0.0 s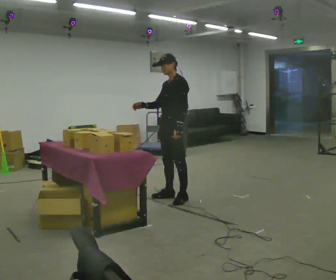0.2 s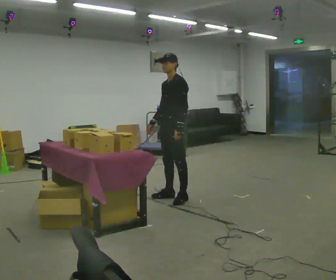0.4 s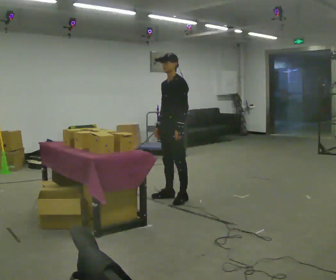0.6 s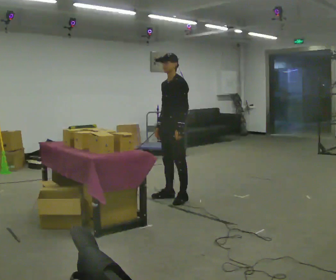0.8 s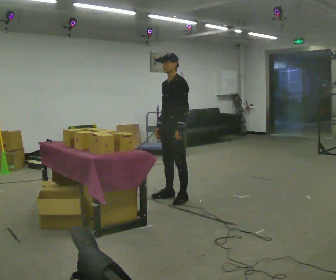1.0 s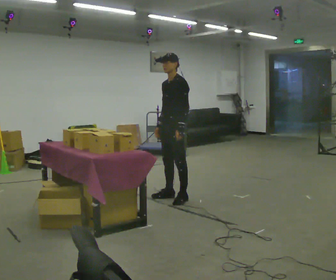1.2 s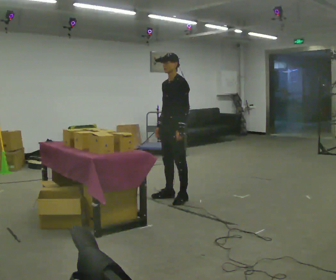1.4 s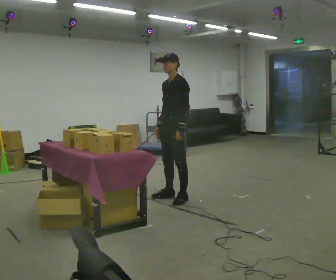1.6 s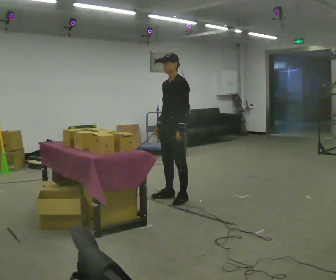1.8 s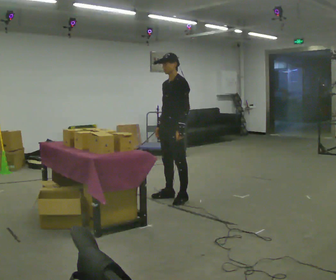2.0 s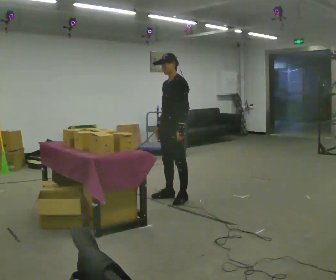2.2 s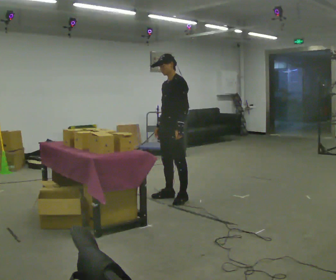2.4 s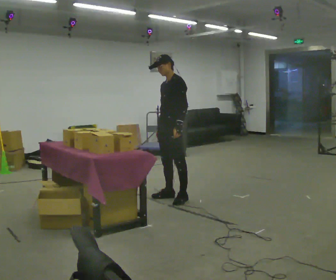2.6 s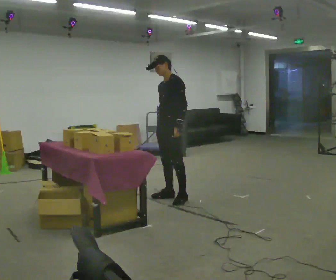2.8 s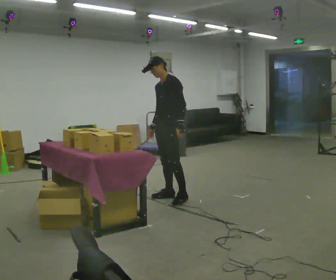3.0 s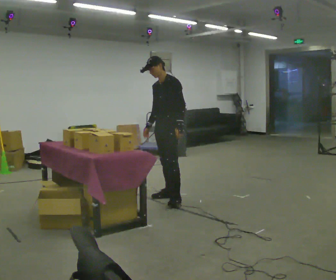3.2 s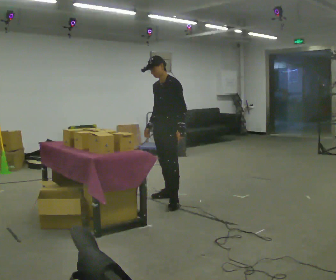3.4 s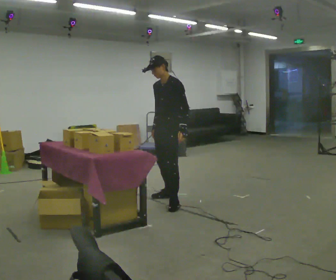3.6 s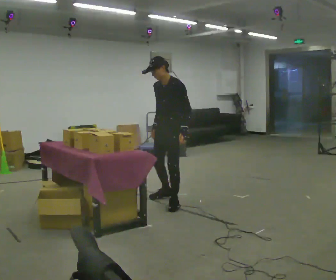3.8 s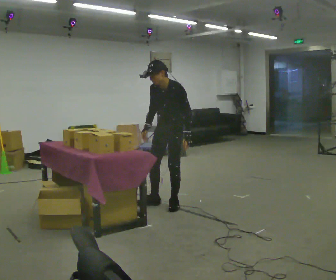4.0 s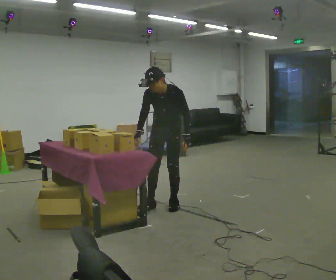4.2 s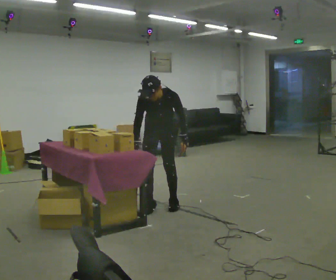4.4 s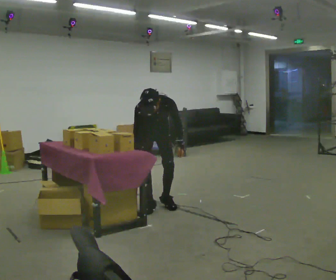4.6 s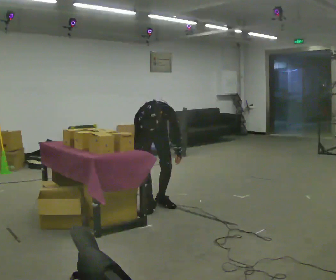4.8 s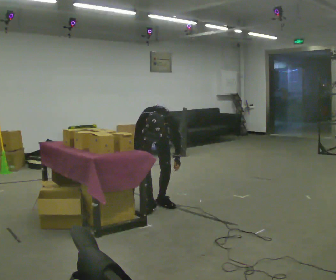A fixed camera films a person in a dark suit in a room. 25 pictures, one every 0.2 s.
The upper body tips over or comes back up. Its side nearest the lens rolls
downward.
The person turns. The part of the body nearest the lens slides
to the right.
0.0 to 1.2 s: In the picture their right hand goes downward.
1.2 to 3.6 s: The person moves a little, or ends about where they began.
3.6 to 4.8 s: Seen from above the body turns counterclockwise, about 60 degrees: to their left, with its near side sliding to the right. In the picture they go to the left, about 0.25 m, which for them is to their right. The shoulders move downward. The upper body tips toward the camera, its near side rolling downward, as they bend forward. In the picture their left hand goes downward.
The film runs backward here.
